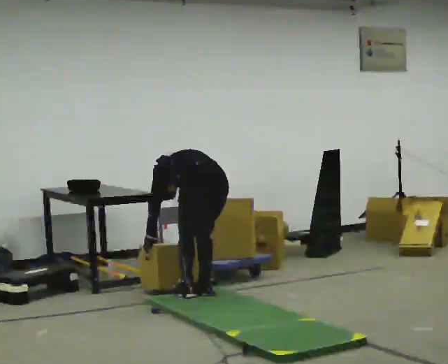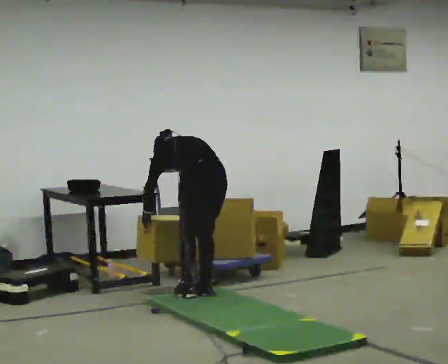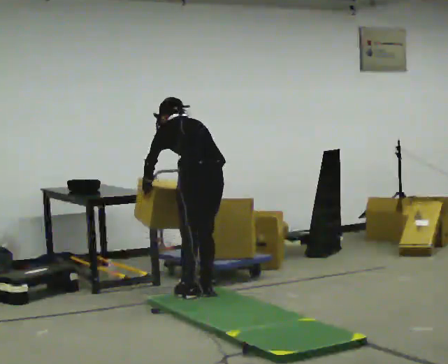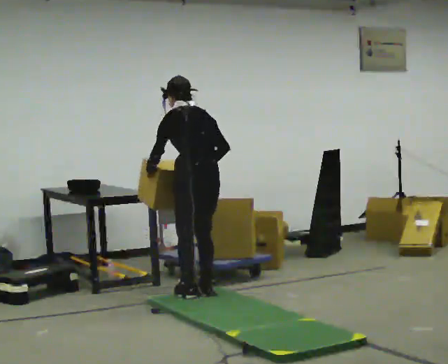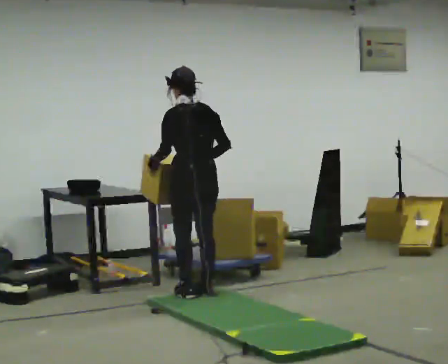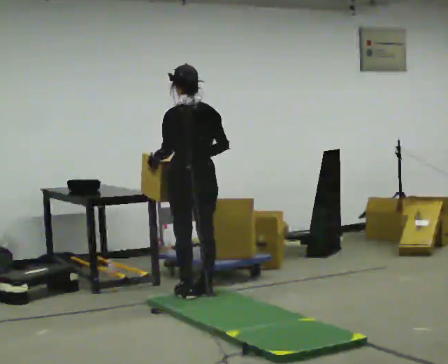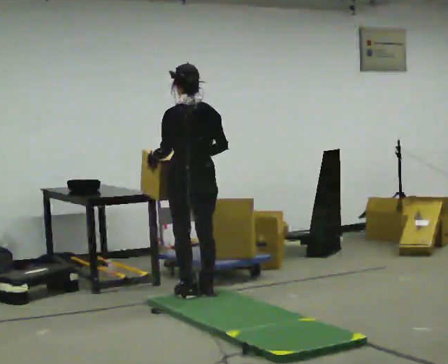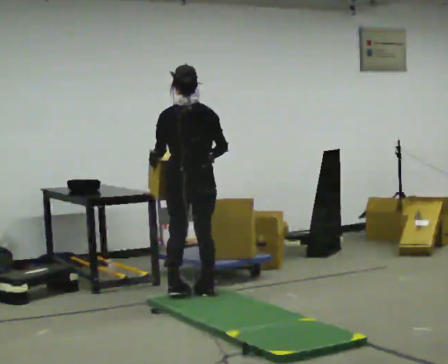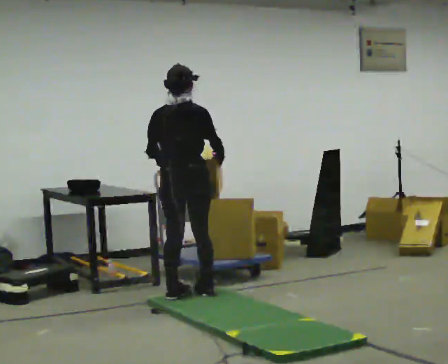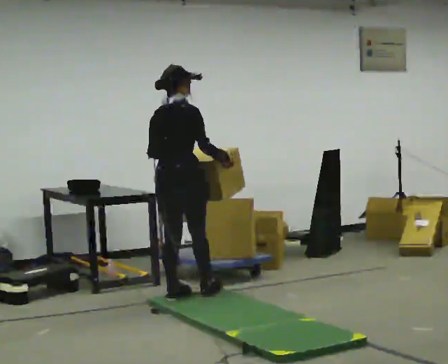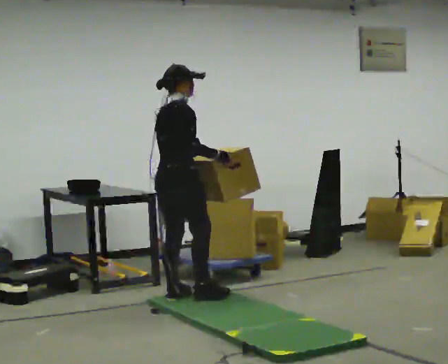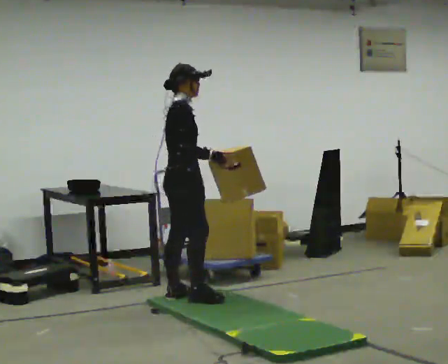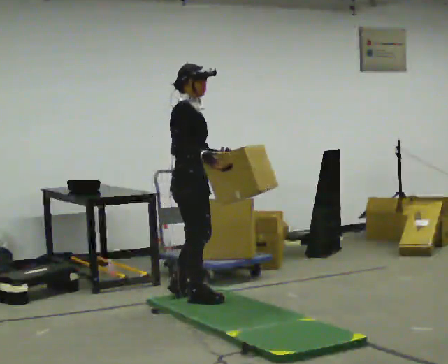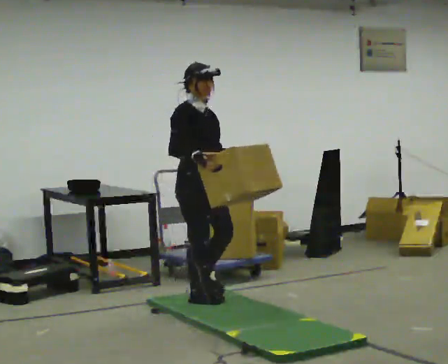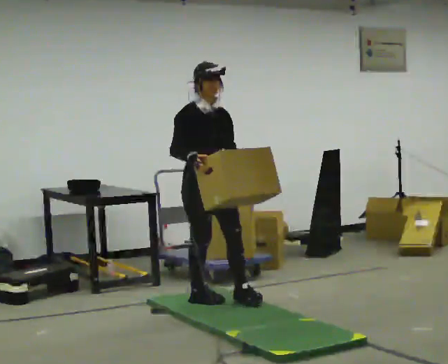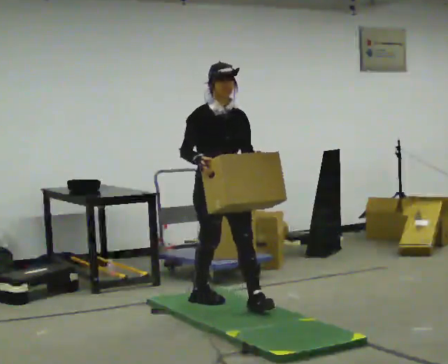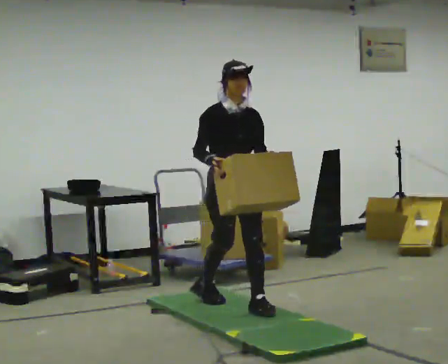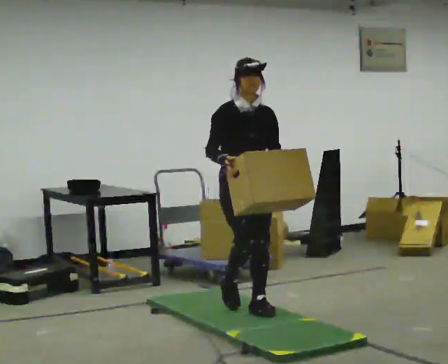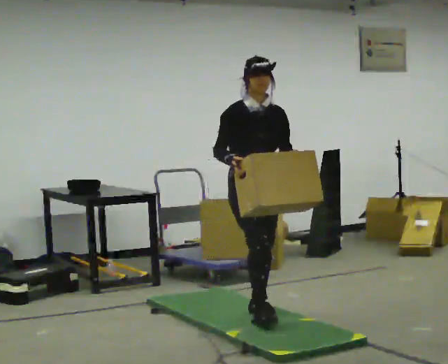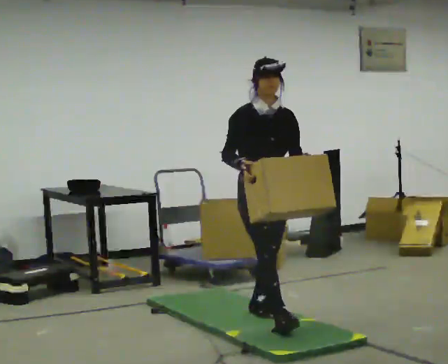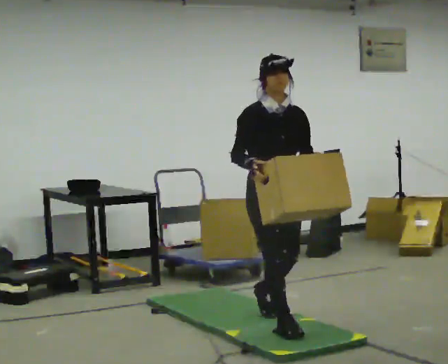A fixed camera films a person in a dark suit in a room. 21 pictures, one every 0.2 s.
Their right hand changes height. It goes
upward.
Their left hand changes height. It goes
upward.
0.0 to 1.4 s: The part of the body nearest the lens slides to the left as the person turns to their right by about 30 degrees. The shoulders move upward. The upper body tips toward the camera, its near side rolling downward, as they lean back or straighten. In the picture their left hand goes upward.
1.4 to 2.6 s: The person turns about 135 degrees to their right, clockwise seen from above, so the part of the body nearest the lens slides to the left. In the picture they go toward the camera, about 0.25 m in 1 step.
2.6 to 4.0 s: Seen from above the body turns clockwise, about 30 degrees: to their right, with its near side sliding to the left. In the picture they go toward the camera and to the right, about 1 m in 2 steps, which for them is forward.
The film runs forward here.
